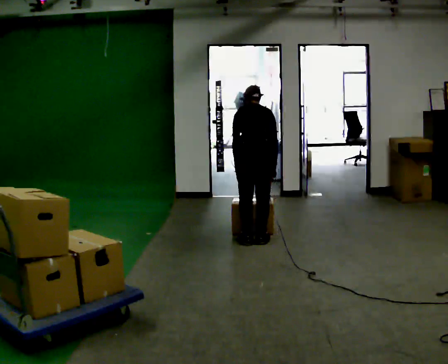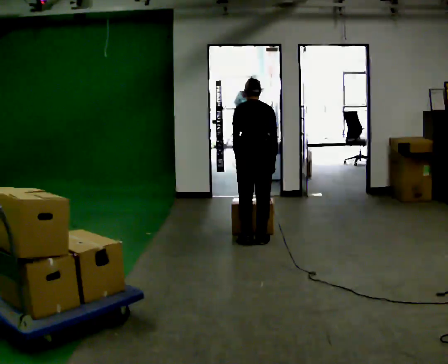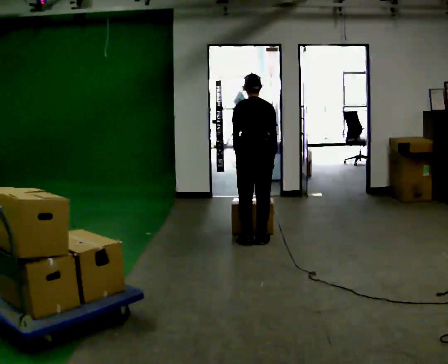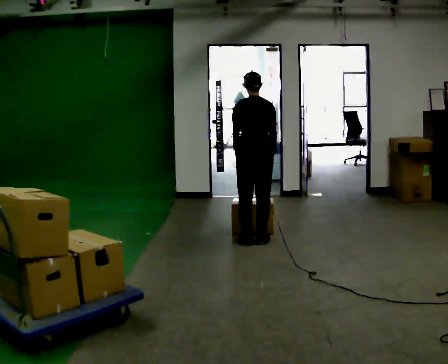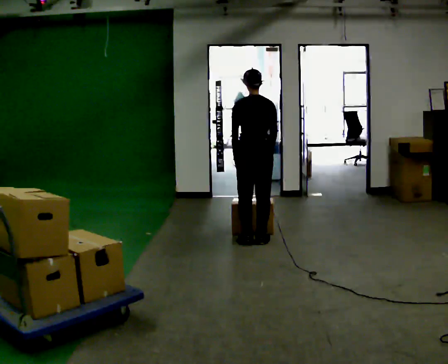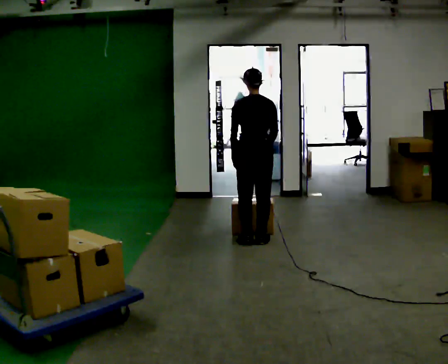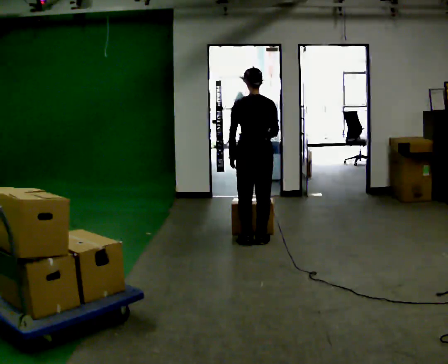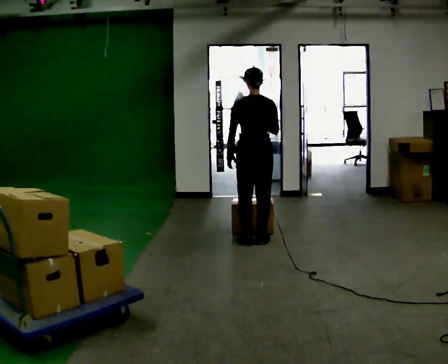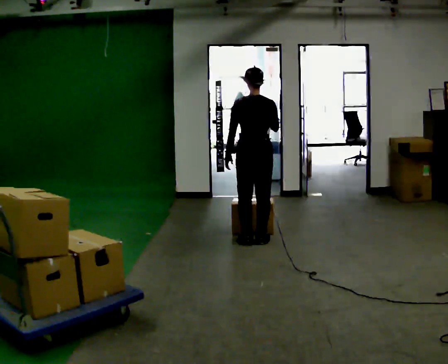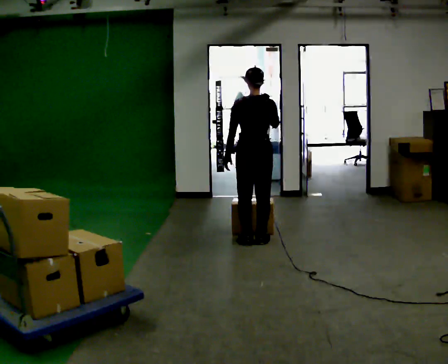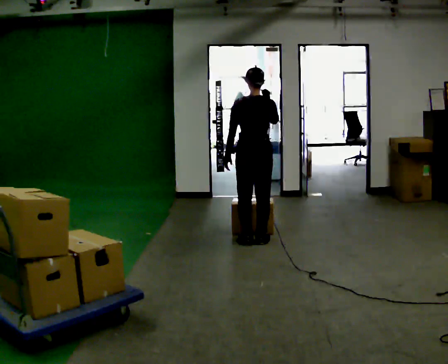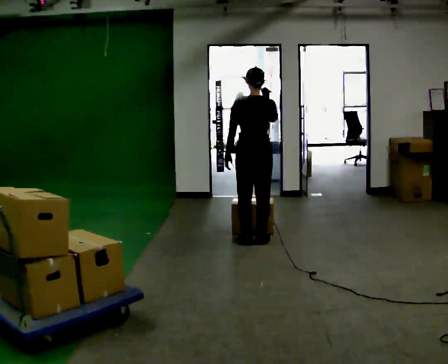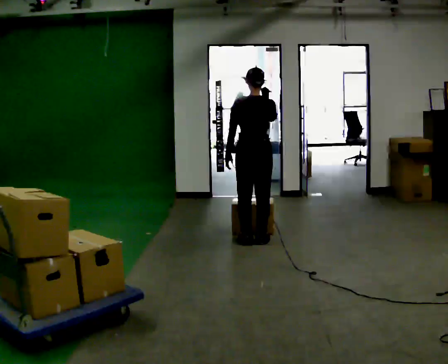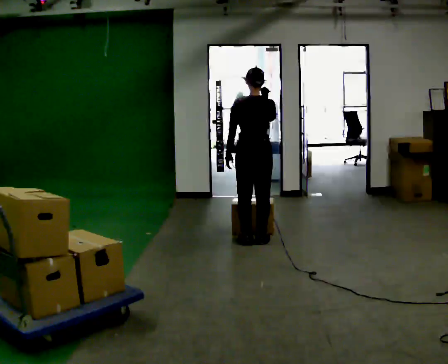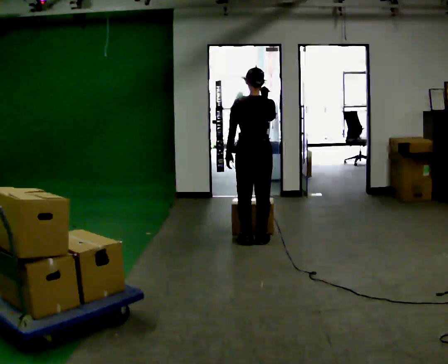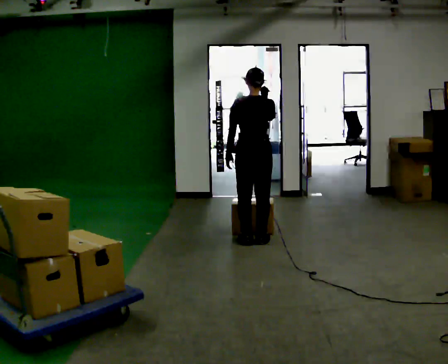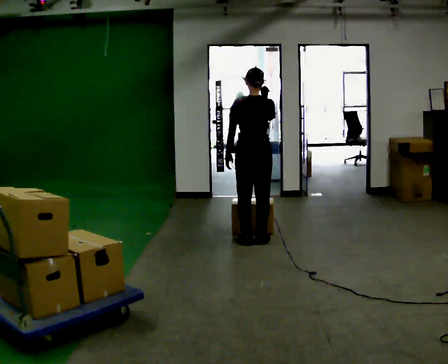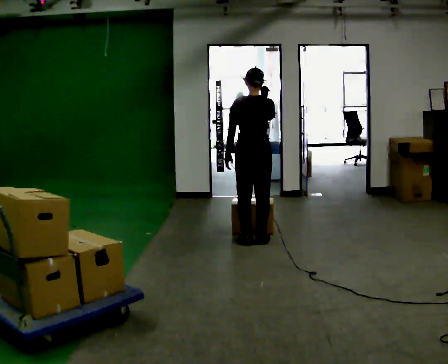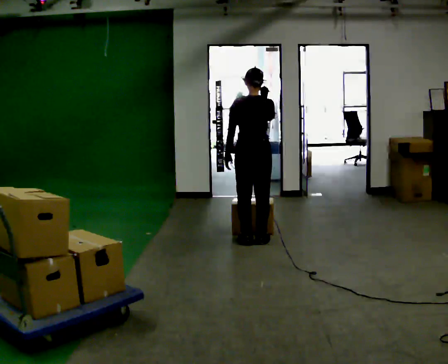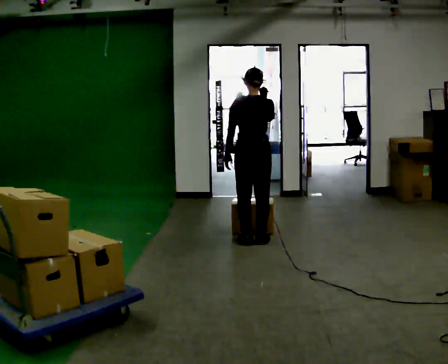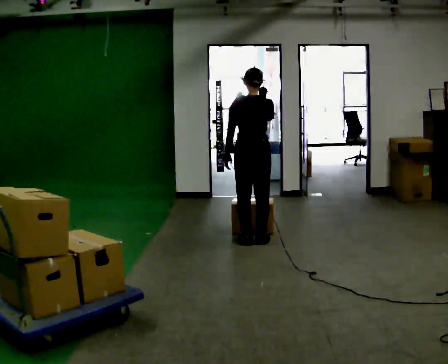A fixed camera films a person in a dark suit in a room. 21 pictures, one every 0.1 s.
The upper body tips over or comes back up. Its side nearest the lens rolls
downward.
Their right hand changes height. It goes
upward.
0.0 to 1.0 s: The upper body tips toward the camera, its near side rolling downward, as they lean back or straighten. In the picture their right hand goes upward.
1.0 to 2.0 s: The person moves a little, or ends about where they began.
The film runs forward here.
